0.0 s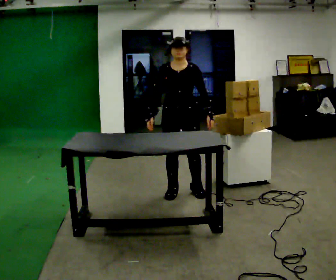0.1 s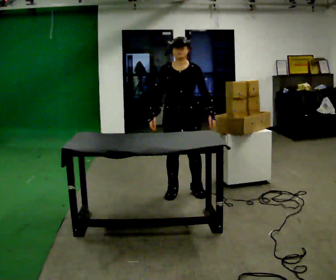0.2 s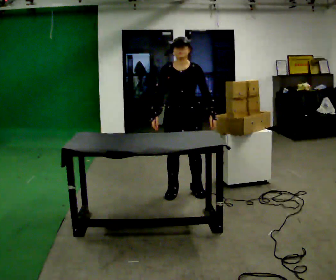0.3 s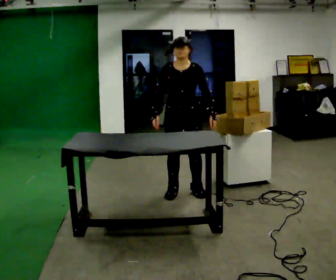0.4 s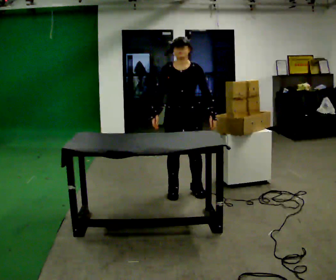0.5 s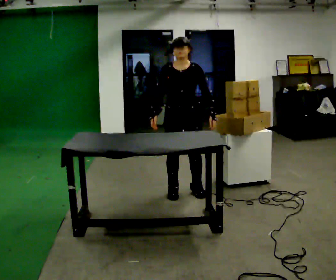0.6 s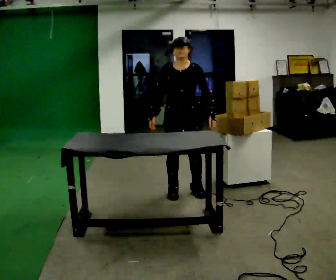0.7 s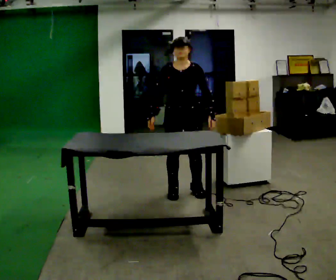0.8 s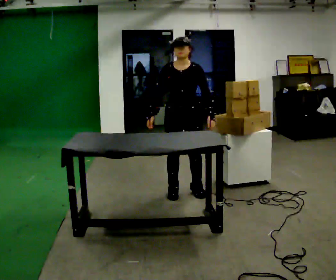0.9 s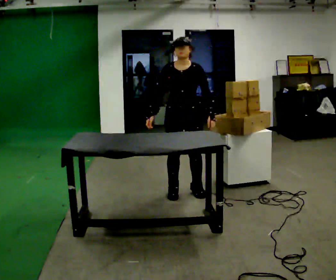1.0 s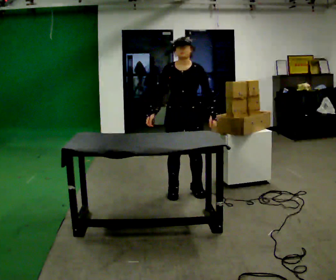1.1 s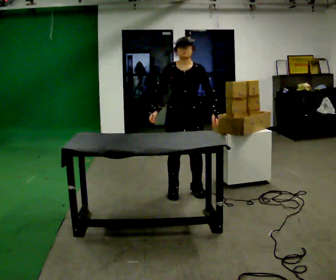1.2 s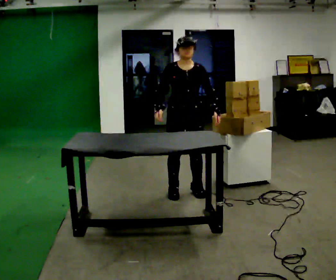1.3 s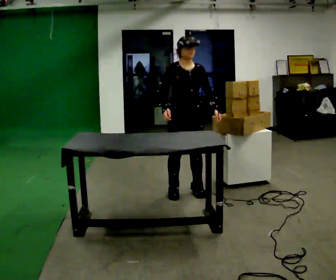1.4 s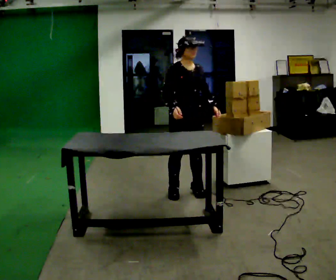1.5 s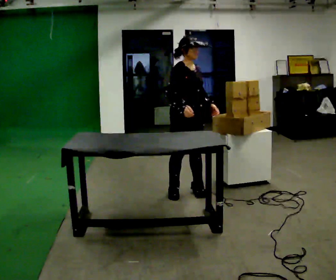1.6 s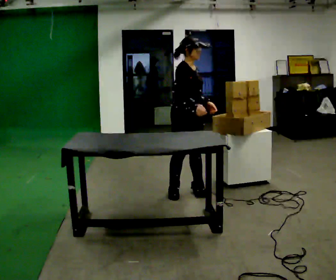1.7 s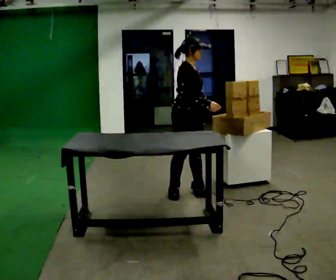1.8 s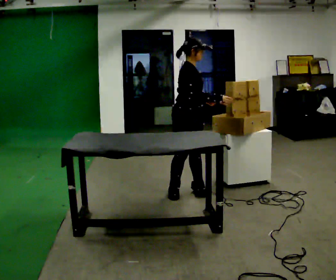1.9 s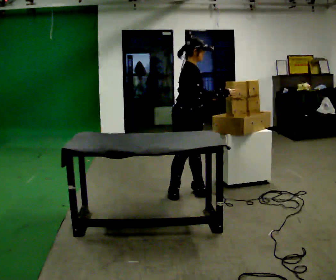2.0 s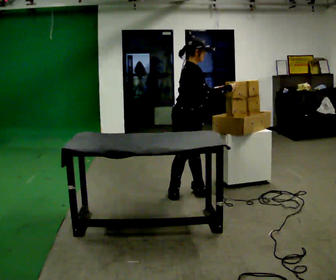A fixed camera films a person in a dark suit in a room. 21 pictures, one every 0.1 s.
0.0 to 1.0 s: The person moves a little, or ends about where they began.
1.0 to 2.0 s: The part of the body nearest the lens slides to the right as the person turns to their left by about 75 degrees. In the picture their right hand goes to the right, the arm swinging counterclockwise.
The film runs backward here.
